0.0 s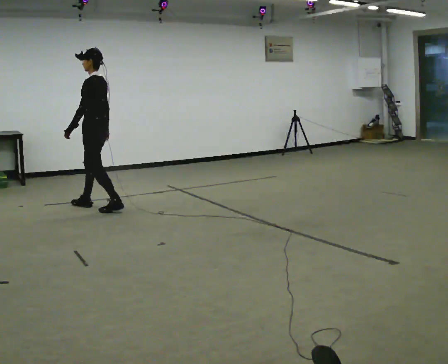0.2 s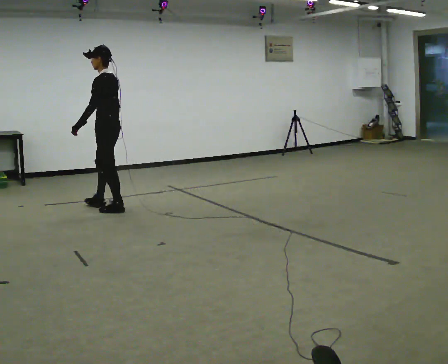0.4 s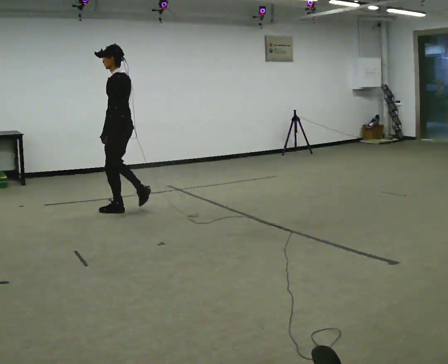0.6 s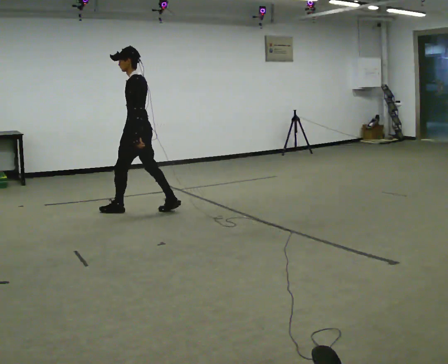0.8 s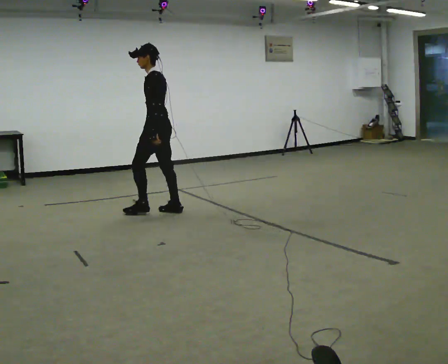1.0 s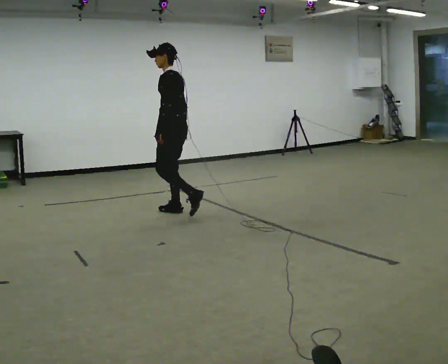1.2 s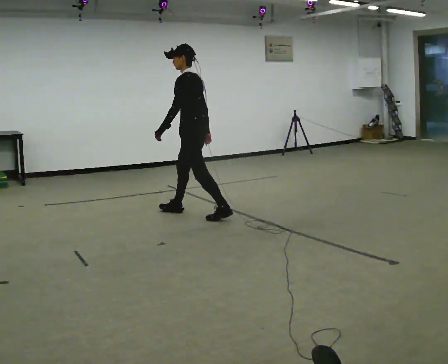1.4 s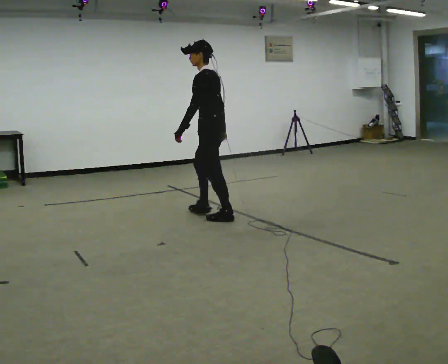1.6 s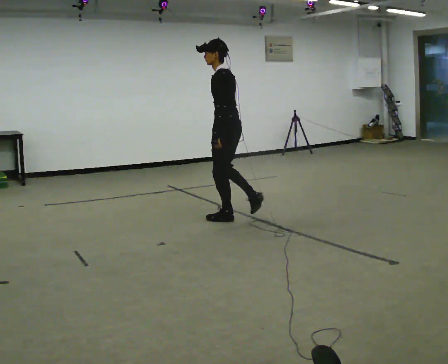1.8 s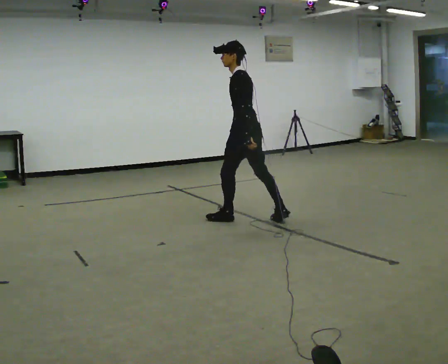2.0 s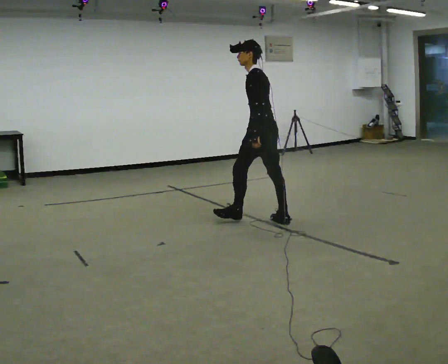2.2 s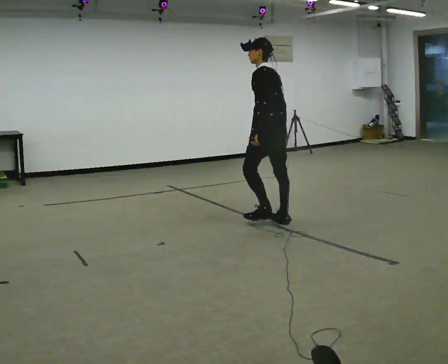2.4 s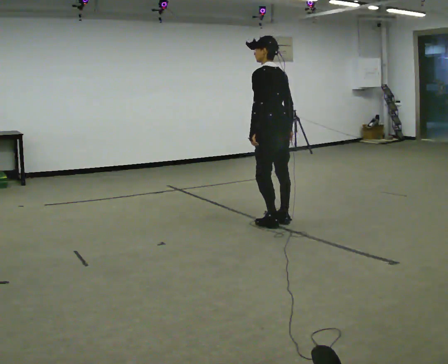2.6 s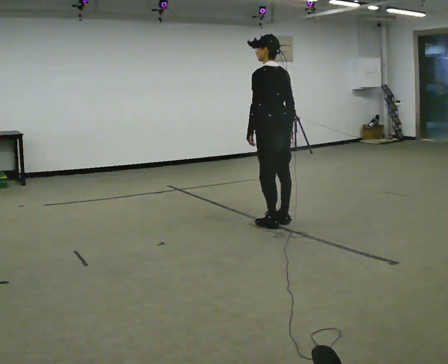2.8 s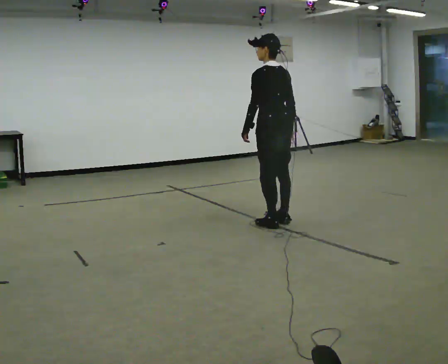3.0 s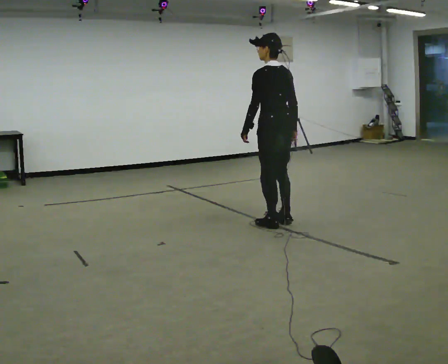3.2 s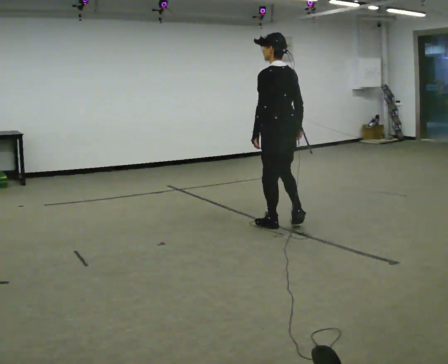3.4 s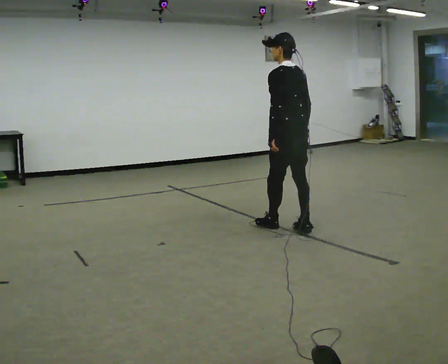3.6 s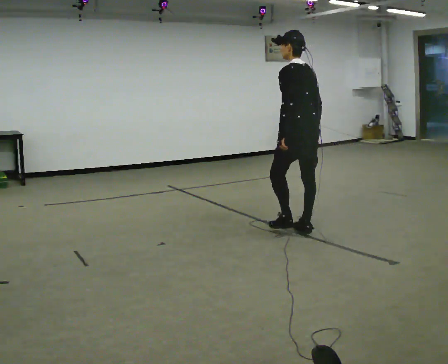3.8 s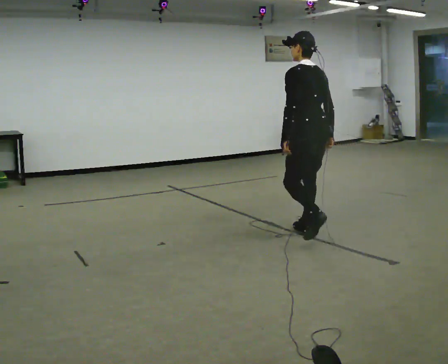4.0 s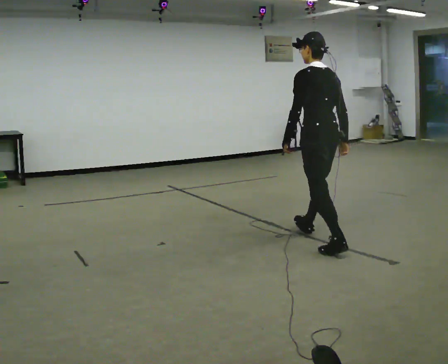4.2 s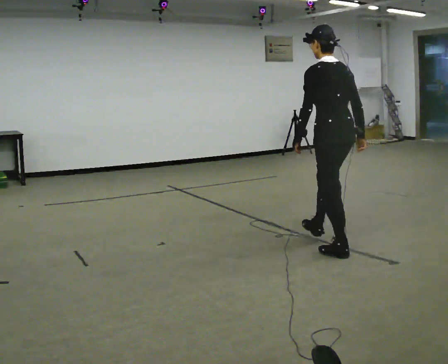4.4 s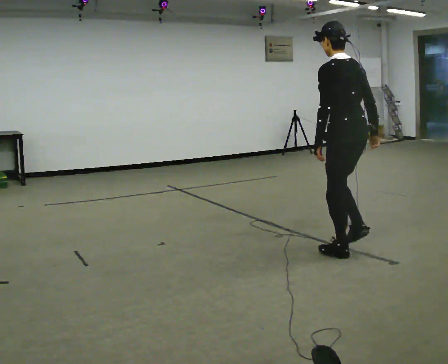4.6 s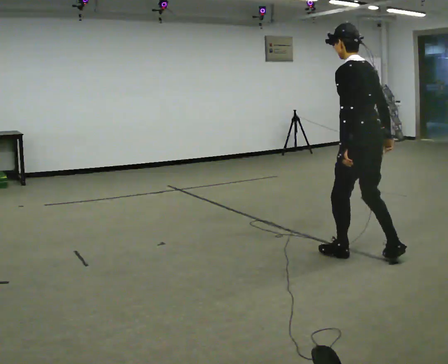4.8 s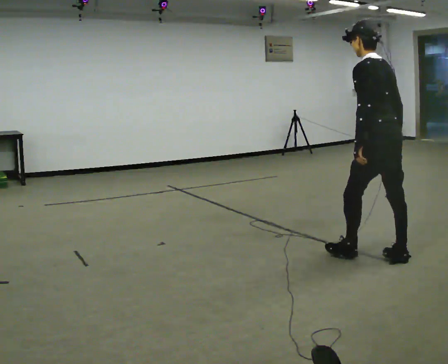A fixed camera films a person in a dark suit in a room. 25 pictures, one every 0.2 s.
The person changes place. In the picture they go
to the right.
0.0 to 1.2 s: In the picture they go to the right, about 1 m in 2 steps, which for them is backward.
1.2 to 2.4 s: Seen from above the body turns clockwise, about 30 degrees: to their right, with its near side sliding to the left. In the picture they go to the right, about 1 m in 2 steps, which for them is backward.
2.4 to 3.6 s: In the picture they go toward the camera and to the right, about 0.5 m in 2 steps, which for them is backward.
3.6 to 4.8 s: In the picture they go toward the camera and to the right, about 1 m in 2 steps, which for them is backward.
The film runs backward here.
